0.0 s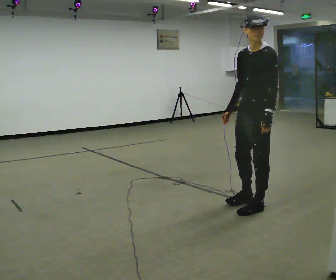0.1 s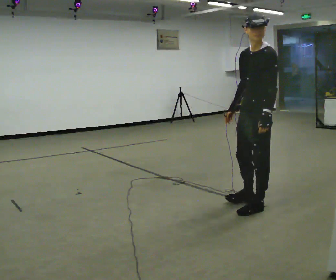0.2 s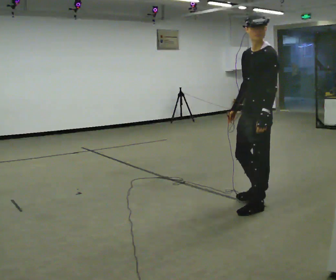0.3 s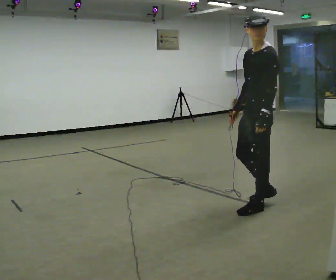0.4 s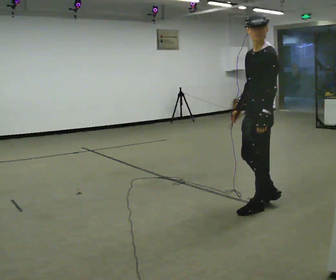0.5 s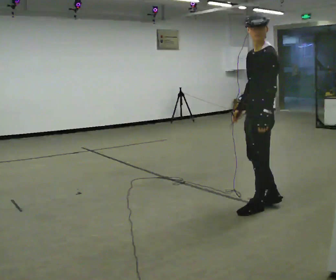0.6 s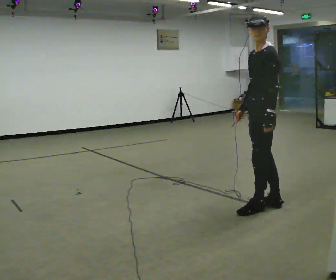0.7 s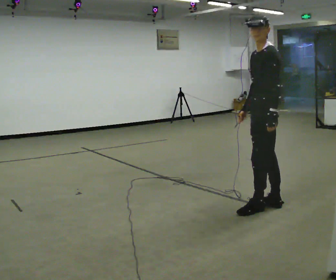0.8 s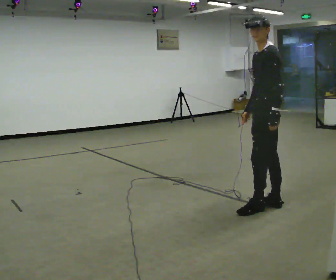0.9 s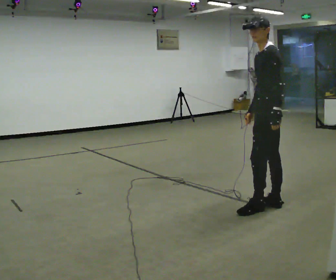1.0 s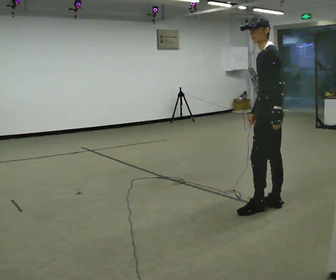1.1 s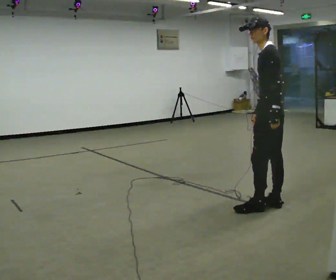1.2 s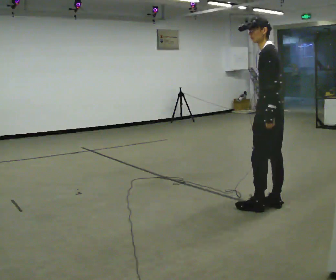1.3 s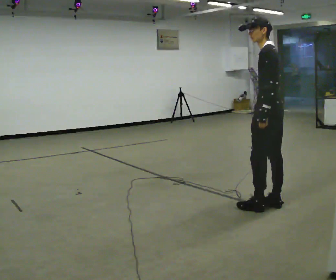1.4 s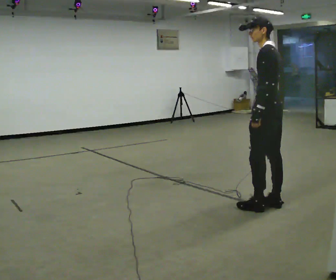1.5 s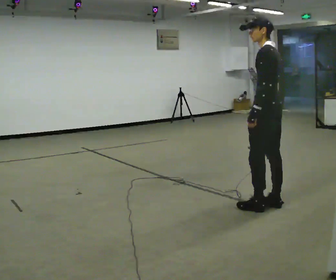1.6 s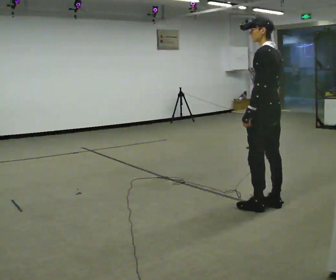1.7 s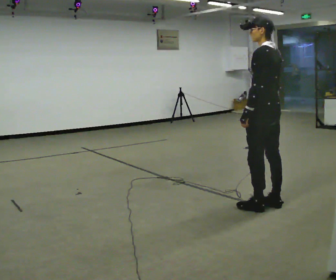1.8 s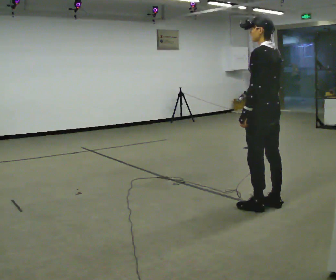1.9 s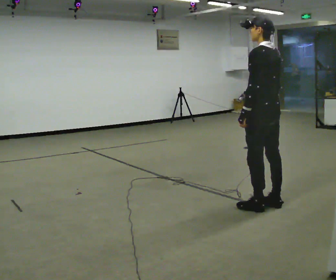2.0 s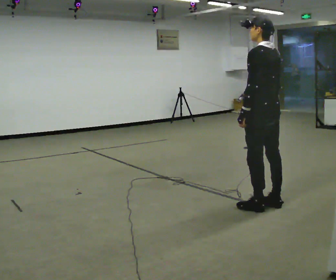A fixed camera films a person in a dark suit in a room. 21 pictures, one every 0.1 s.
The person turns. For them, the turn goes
to their right.
The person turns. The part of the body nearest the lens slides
to the left.
0.0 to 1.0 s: The part of the body nearest the lens slides to the left as the person turns to their right by about 30 degrees.
1.0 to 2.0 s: Seen from above the body turns clockwise, about 45 degrees: to their right, with its near side sliding to the left.
The film runs backward here.
